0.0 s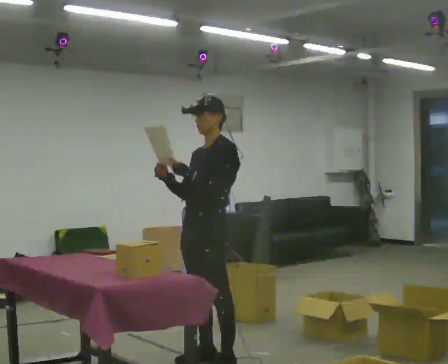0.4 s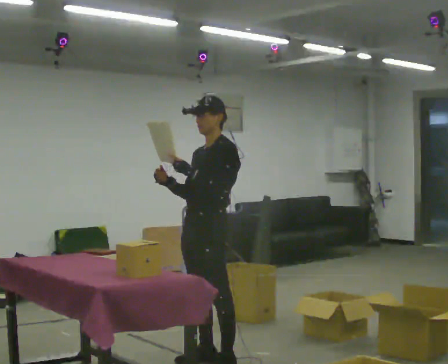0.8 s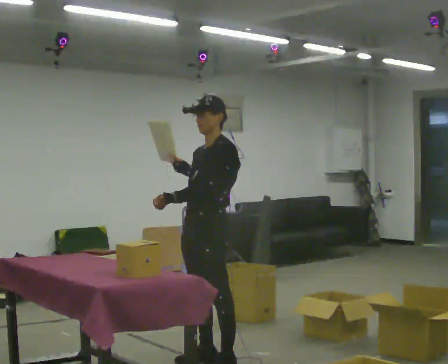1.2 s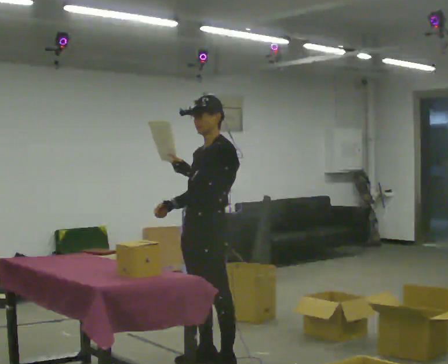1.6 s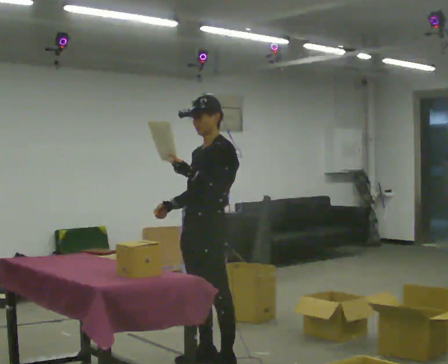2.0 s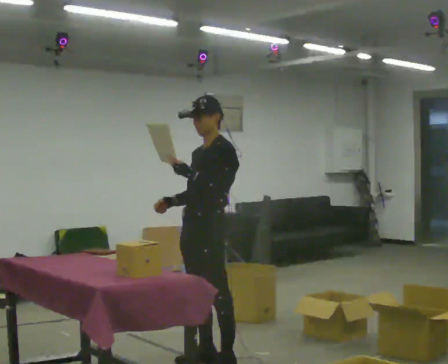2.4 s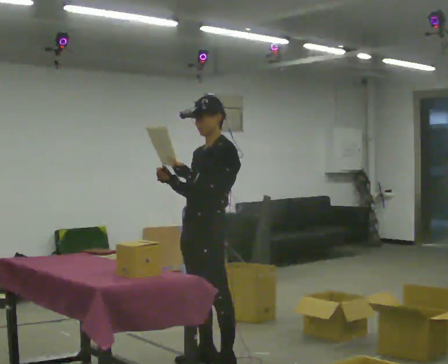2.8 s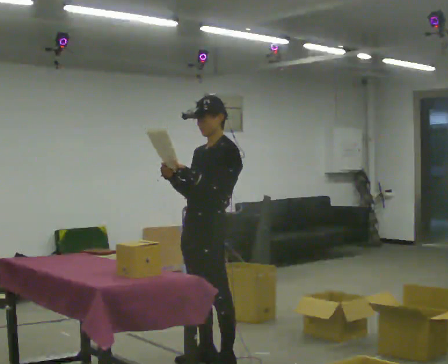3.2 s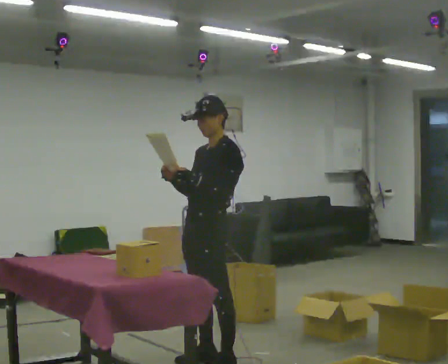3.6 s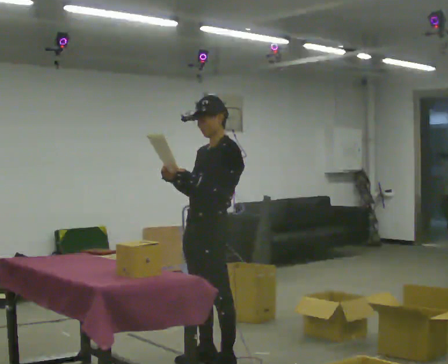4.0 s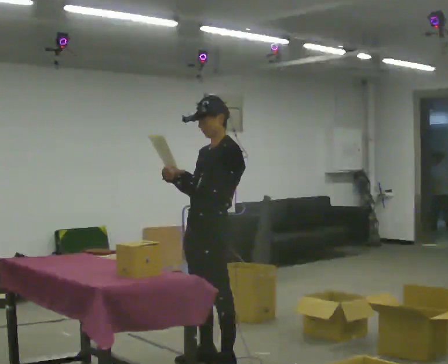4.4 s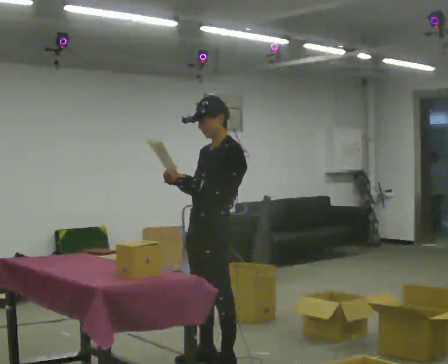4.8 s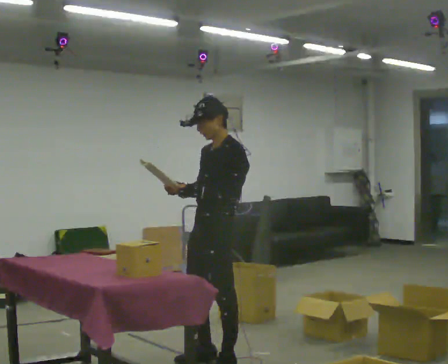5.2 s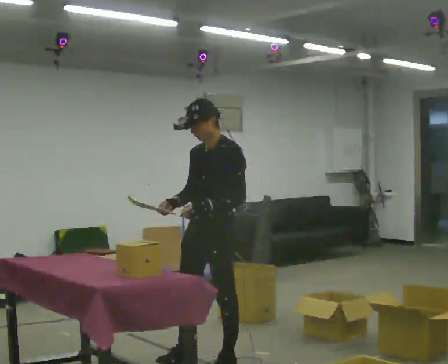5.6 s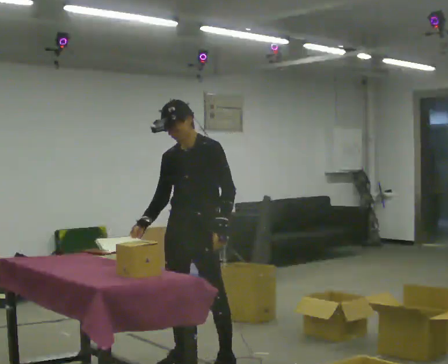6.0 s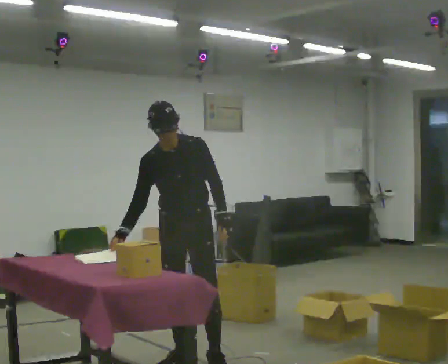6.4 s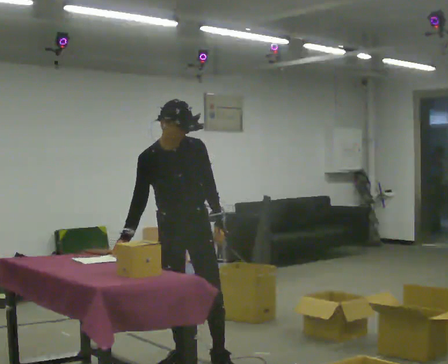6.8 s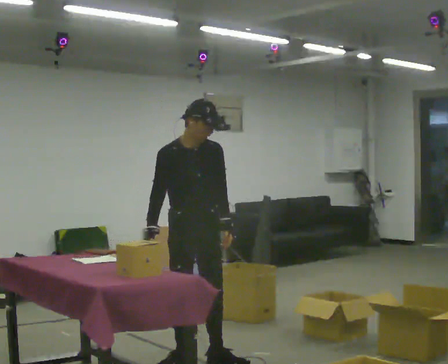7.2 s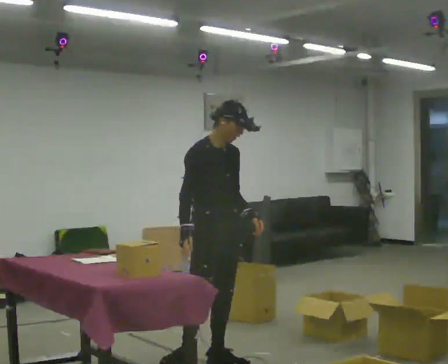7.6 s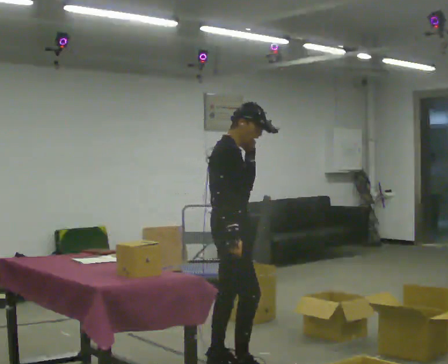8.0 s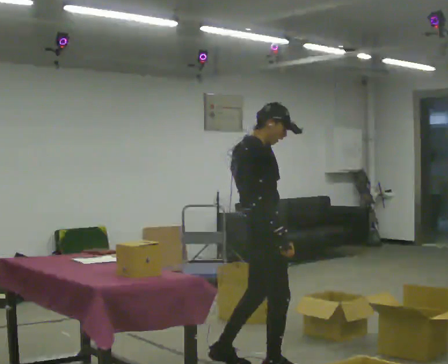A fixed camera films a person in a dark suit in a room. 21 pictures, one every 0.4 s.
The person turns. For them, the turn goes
to their left.
The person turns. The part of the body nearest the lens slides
to the right.
0.0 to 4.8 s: The person moves a little, or ends about where they began.
4.8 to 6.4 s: The part of the body nearest the lens slides to the right as the person turns to their left by about 75 degrees. In the picture they go to the left, about 0.25 m in 1 step. In the picture the upper body tilts counterclockwise, shoulders to the left.
6.4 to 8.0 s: The person turns about 90 degrees to their left, counterclockwise seen from above, so the part of the body nearest the lens slides to the right. In the picture they go to the right, about 0.5 m in 1 step. In the picture their left hand goes upward.
The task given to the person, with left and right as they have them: 1. Read the parts list. 2. Collect each part from the bins around the room. 3. Lay them out on the table in the order on the list. 4. Put them all in the carry case. 5. Tell the operator when you are finished.
The film runs forward here.
